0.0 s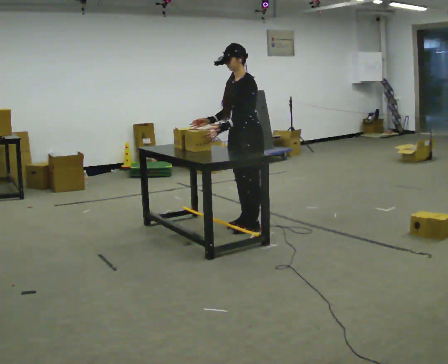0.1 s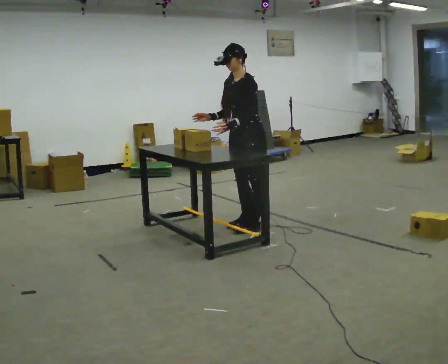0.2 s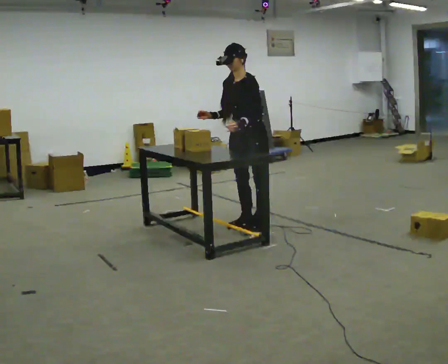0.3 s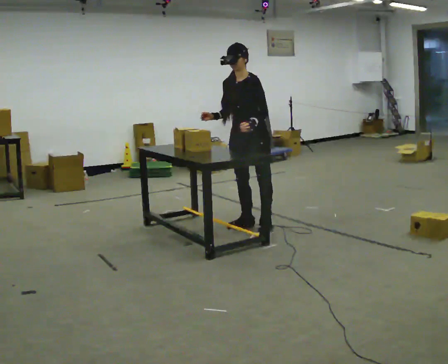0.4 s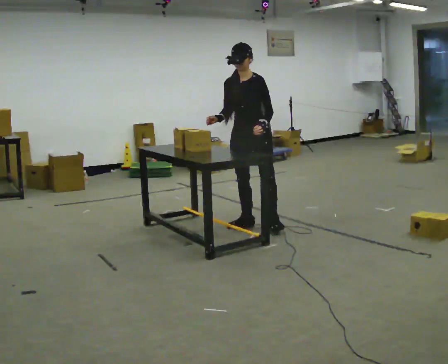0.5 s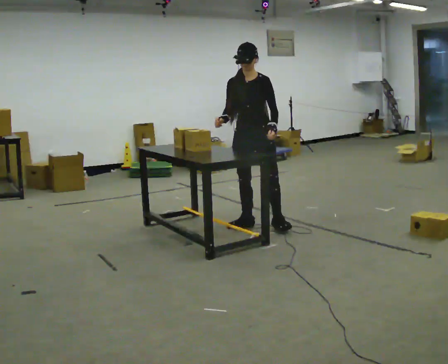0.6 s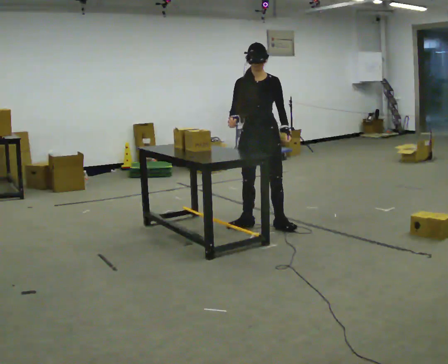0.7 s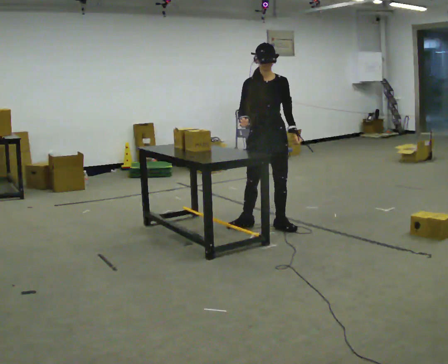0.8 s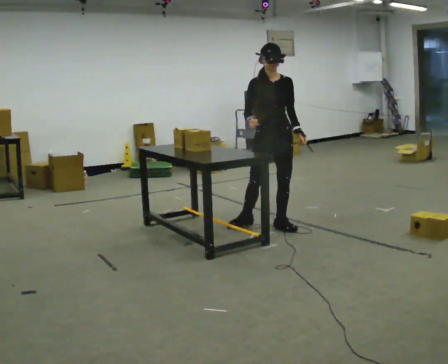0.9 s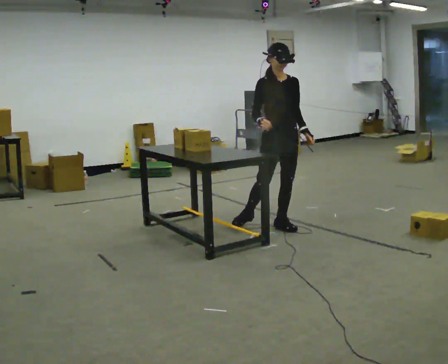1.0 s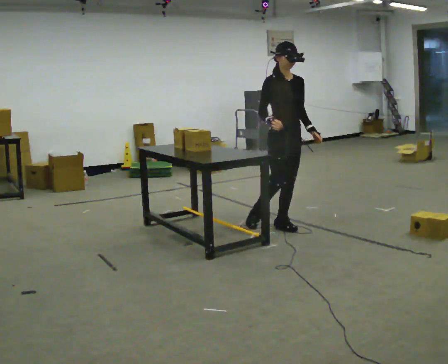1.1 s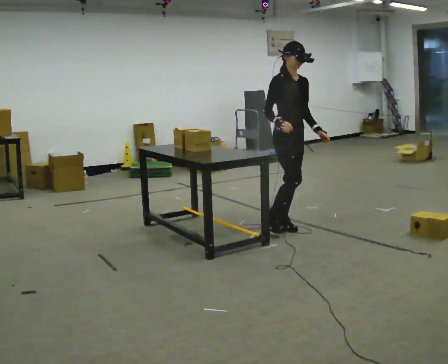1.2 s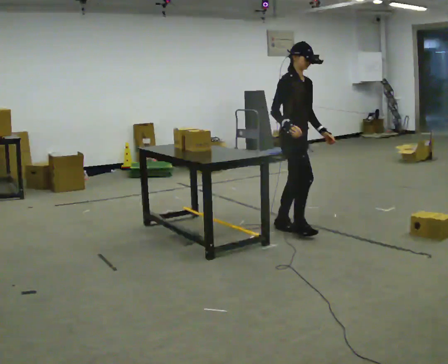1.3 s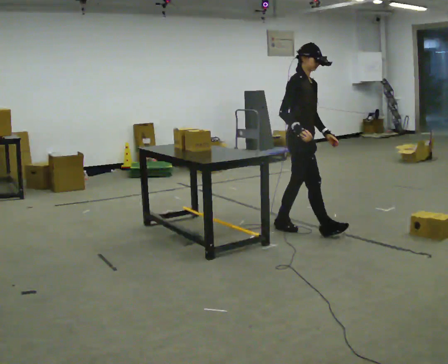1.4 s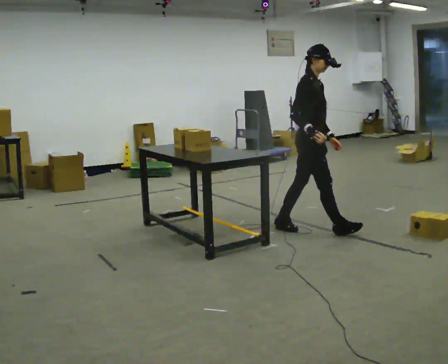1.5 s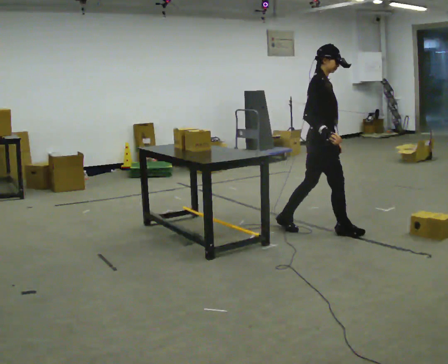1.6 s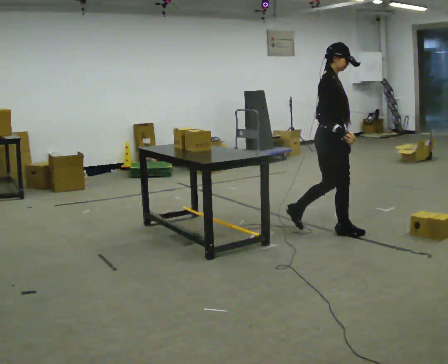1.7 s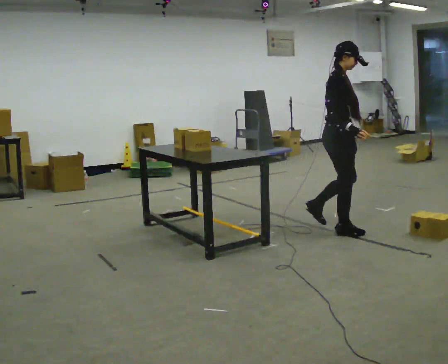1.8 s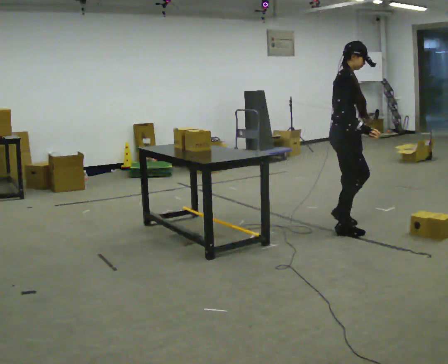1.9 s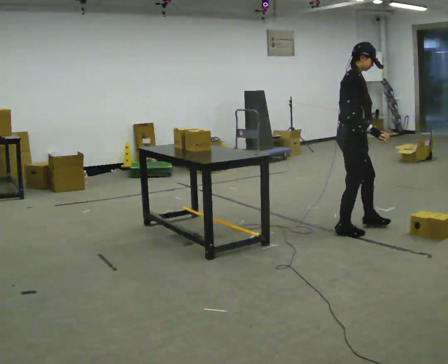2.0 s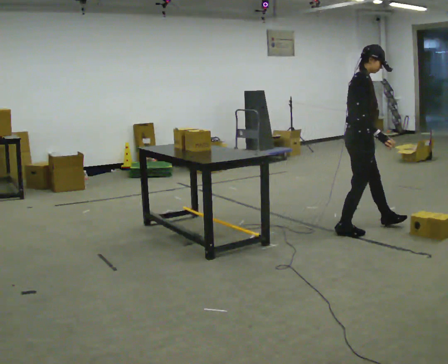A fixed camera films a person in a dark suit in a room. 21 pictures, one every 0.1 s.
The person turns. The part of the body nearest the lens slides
to the right.
The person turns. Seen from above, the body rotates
counterclockwise.
0.0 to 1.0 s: The person turns about 90 degrees to their left, counterclockwise seen from above, so the part of the body nearest the lens slides to the right. In the picture they go to the right, about 0.25 m in 1 step.
1.0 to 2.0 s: Seen from above the body turns counterclockwise, about 45 degrees: to their left, with its near side sliding to the right. In the picture they go to the right and toward the camera, about 0.75 m in 1 step, which for them is forward.
The film runs forward here.
